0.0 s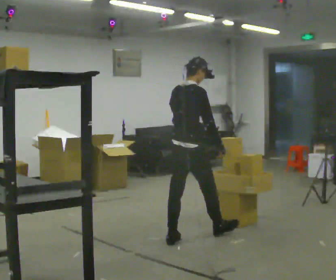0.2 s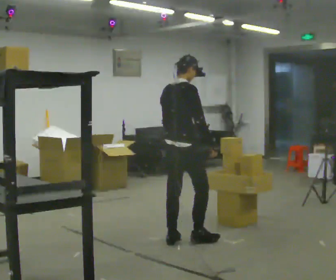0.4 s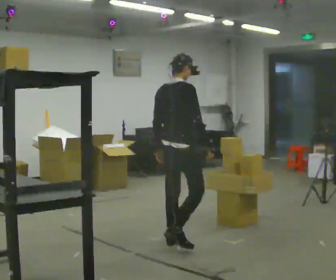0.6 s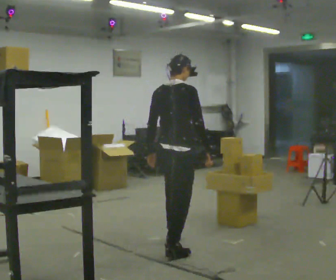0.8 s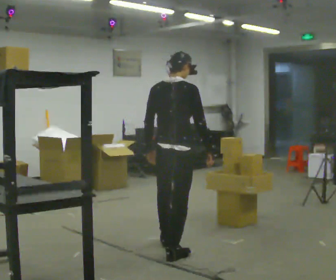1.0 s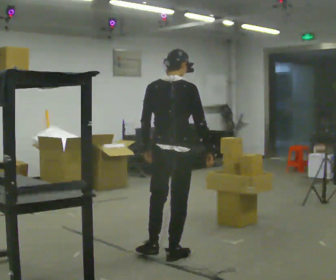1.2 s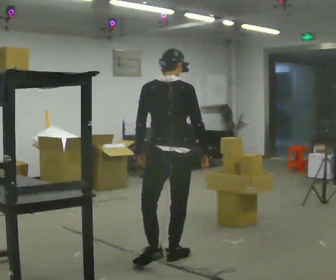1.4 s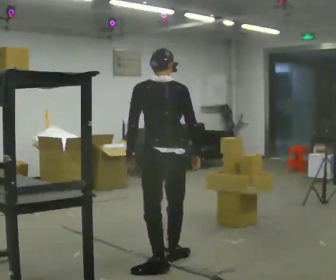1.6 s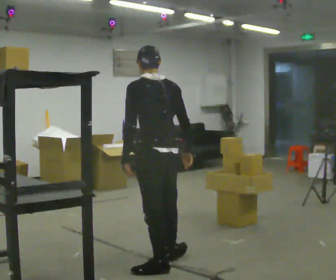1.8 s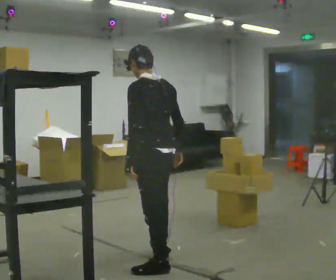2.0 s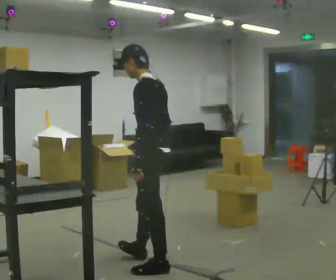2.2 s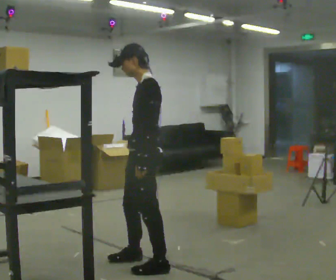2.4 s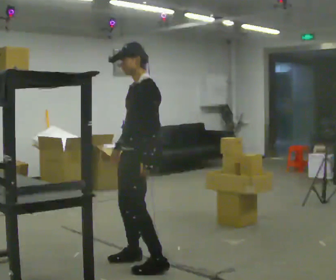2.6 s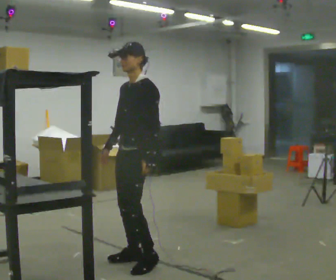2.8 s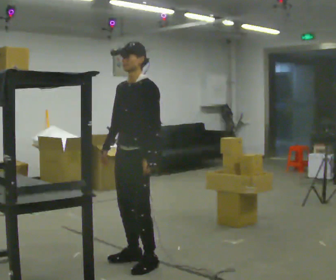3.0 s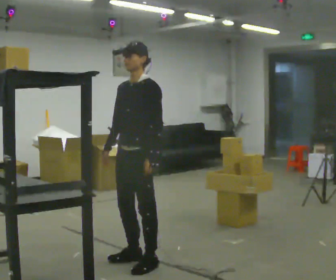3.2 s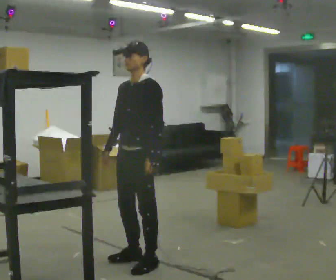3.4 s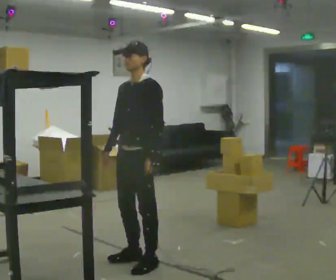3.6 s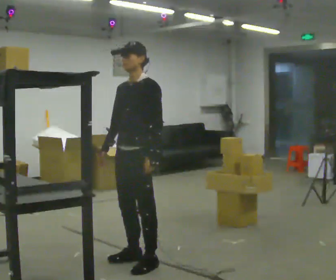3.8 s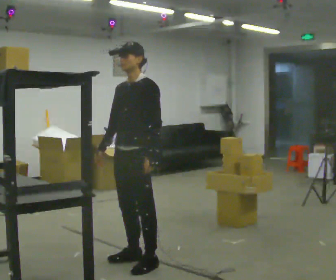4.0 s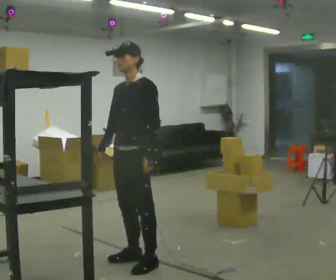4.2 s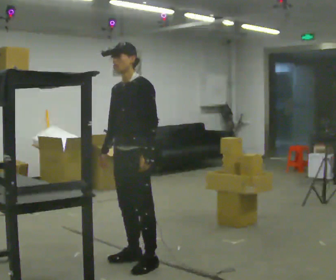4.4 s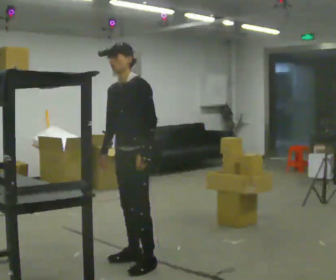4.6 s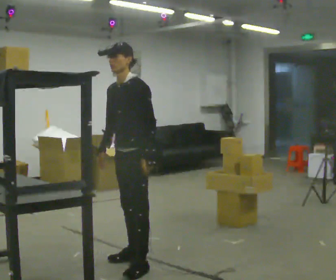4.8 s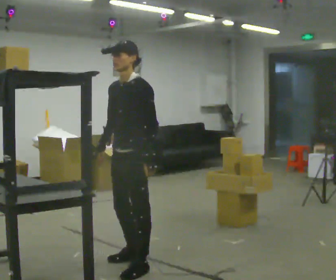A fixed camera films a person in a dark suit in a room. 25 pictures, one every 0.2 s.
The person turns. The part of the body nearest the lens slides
to the right.
The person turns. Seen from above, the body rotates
counterclockwise.
0.0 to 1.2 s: Seen from above the body turns counterclockwise, about 45 degrees: to their left, with its near side sliding to the right. In the picture they go toward the camera, about 0.75 m in 1 step, which for them is backward.
1.2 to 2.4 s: Seen from above the body turns counterclockwise, about 105 degrees: to their left, with its near side sliding to the right. In the picture they go to the left, about 0.25 m in 1 step. In the picture their right hand goes to the left, the arm swinging clockwise.
2.4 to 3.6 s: The person turns about 30 degrees to their left, counterclockwise seen from above, so the part of the body nearest the lens slides to the right.
3.6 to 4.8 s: The person moves a little, or ends about where they began.
The film runs backward here.
